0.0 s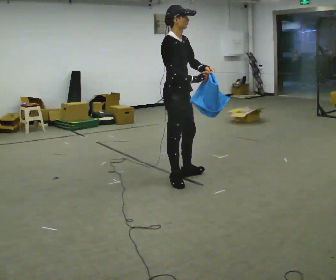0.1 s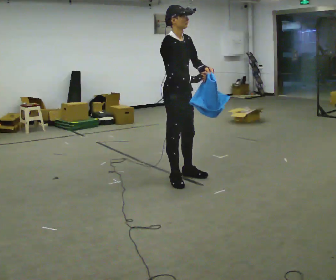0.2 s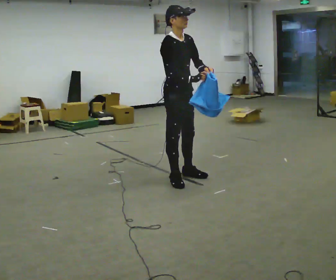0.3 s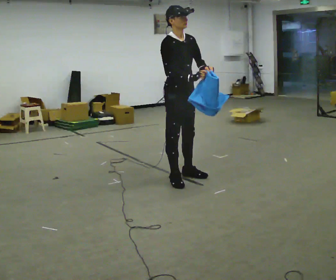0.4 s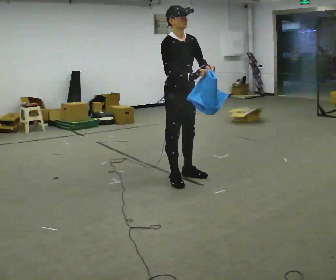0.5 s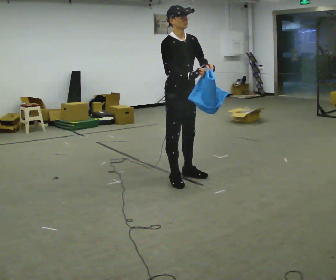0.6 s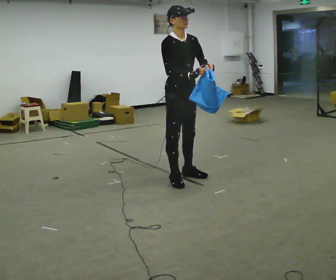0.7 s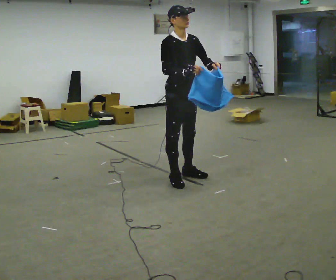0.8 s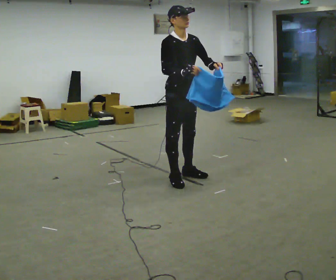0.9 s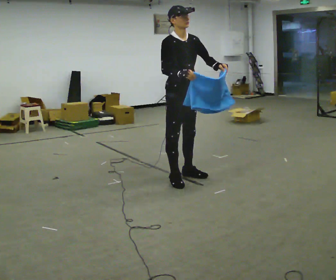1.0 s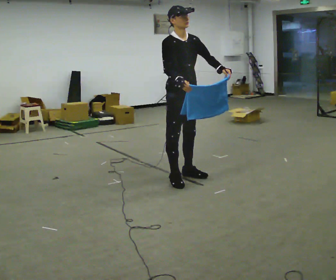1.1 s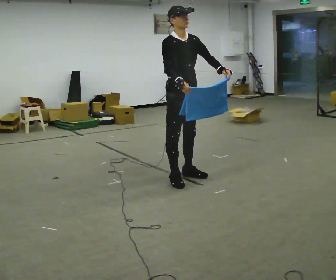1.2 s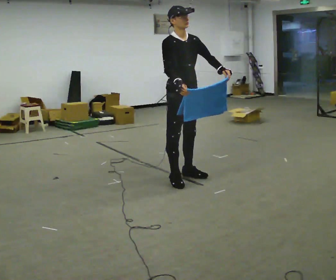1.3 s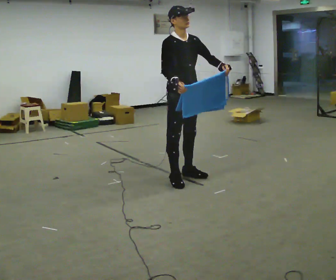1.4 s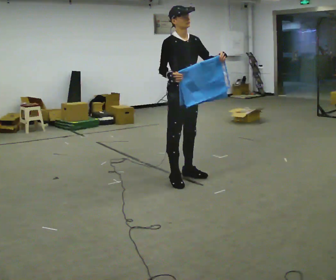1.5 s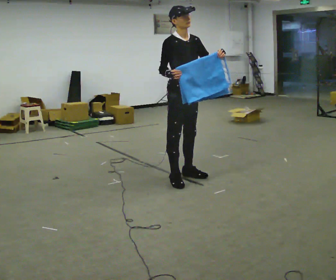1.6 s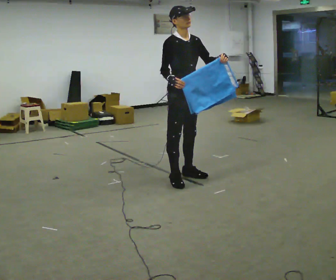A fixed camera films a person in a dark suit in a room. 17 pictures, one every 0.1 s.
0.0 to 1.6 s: The person turns about 30 degrees to their right, clockwise seen from above, so the part of the body nearest the lens slides to the left.
The film runs backward here.
